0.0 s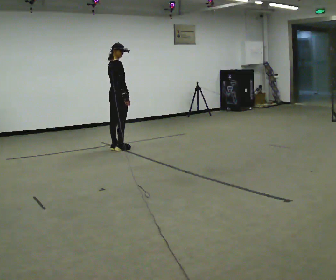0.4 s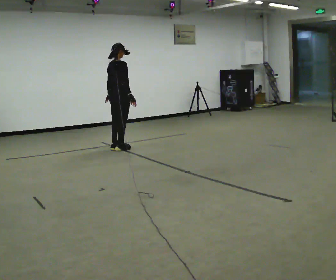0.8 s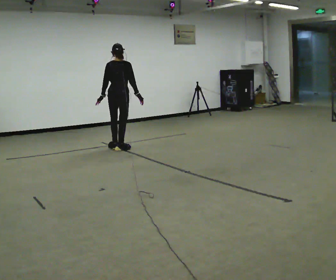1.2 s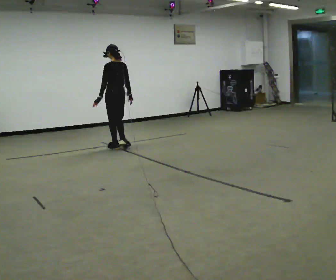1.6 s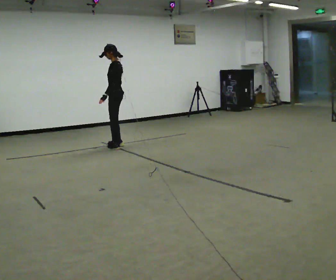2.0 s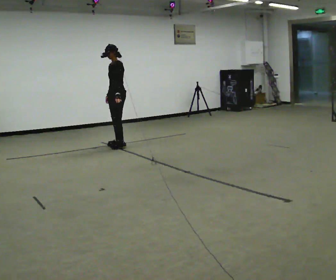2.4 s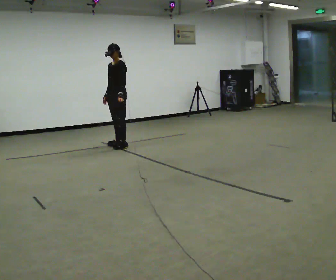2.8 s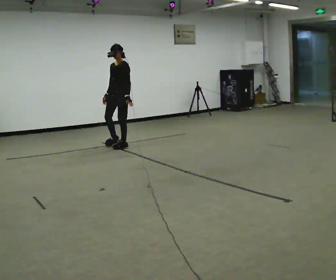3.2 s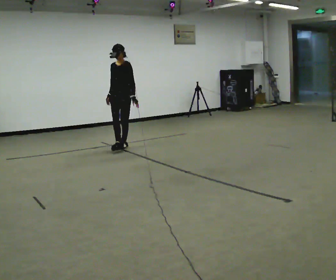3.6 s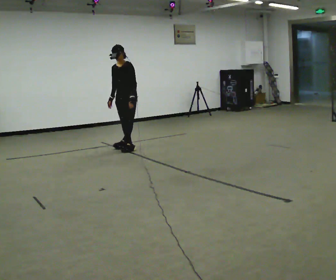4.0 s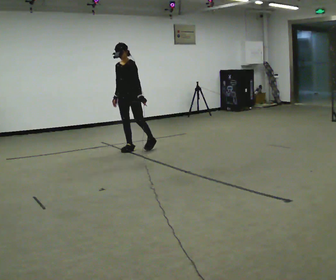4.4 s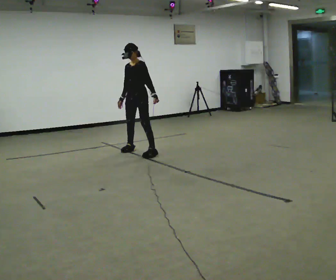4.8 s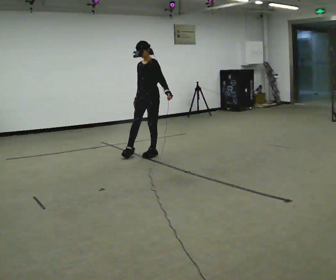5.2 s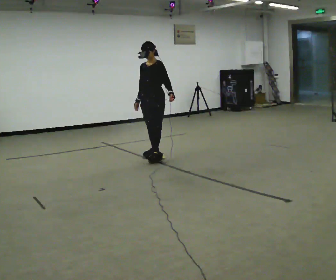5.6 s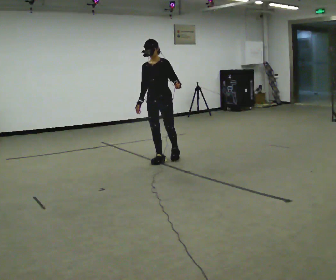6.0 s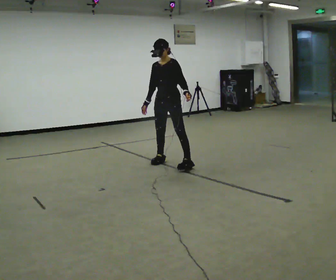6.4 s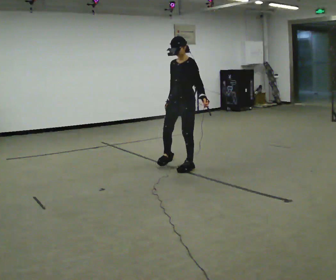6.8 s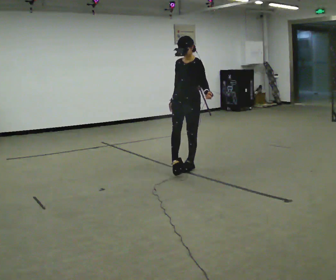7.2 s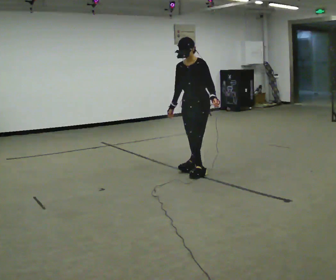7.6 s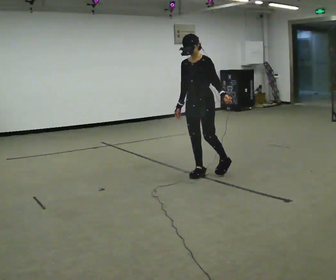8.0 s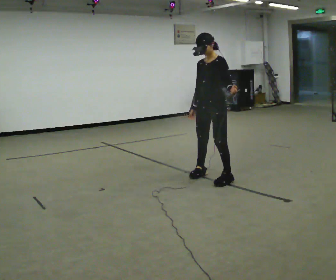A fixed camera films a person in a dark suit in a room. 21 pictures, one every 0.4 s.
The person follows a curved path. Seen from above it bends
clockwise.
The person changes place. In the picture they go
toward the camera.
0.0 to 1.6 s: The part of the body nearest the lens slides to the right as the person turns to their left by about 135 degrees. In the picture they go away from the camera, about 0.25 m in 1 step.
1.6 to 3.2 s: The part of the body nearest the lens slides to the right as the person turns to their left by about 60 degrees. In the picture their left hand goes to the right.
3.2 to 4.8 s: In the picture they go toward the camera and to the right, about 0.5 m in 2 steps, which for them is to their left.
4.8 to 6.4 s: In the picture they go toward the camera and to the right, about 1 m in 2 steps, which for them is to their left and forward.
6.4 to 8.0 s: In the picture they go toward the camera and to the right, about 0.75 m in 2 steps, which for them is to their left and forward.
The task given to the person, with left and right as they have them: Move sideways in the direction the operator calls, crossing one foot in front and then behind, alternating.
The film runs forward here.
